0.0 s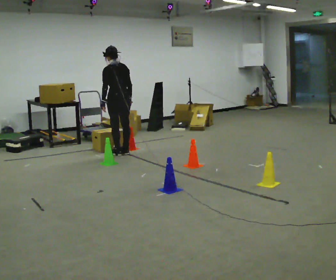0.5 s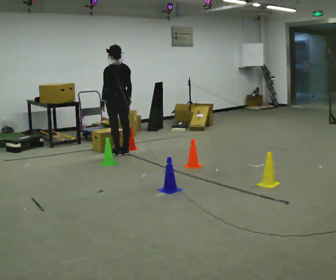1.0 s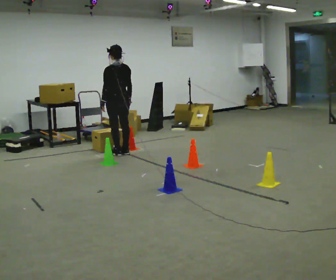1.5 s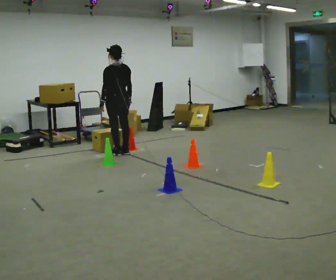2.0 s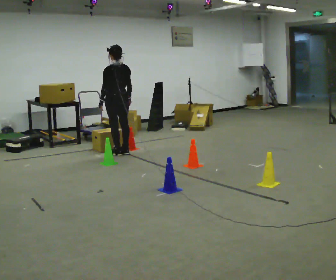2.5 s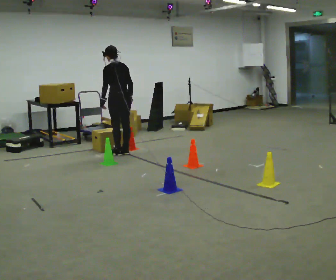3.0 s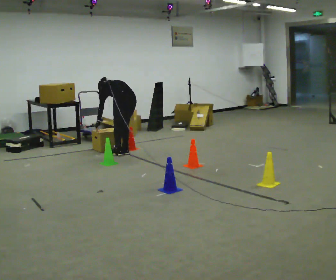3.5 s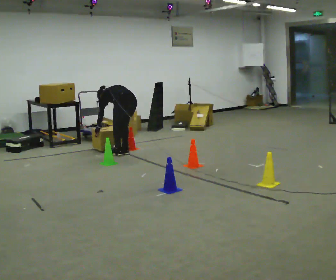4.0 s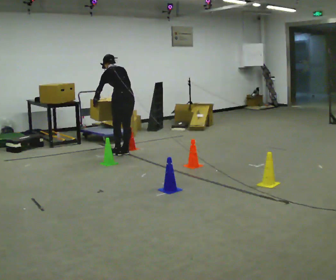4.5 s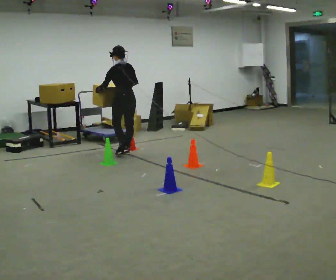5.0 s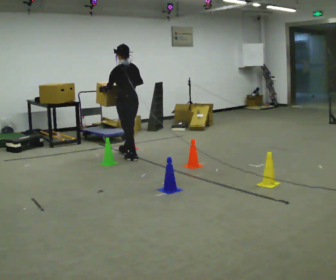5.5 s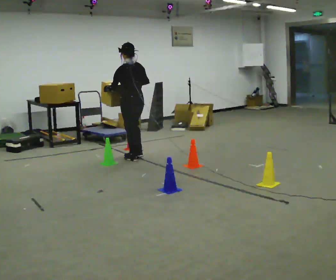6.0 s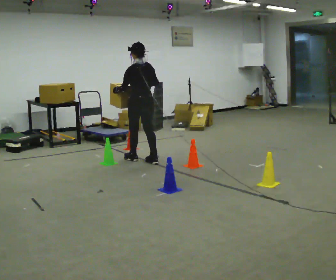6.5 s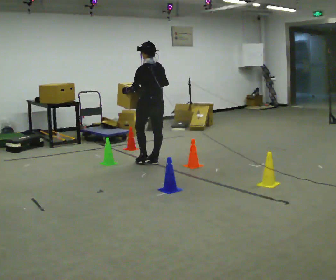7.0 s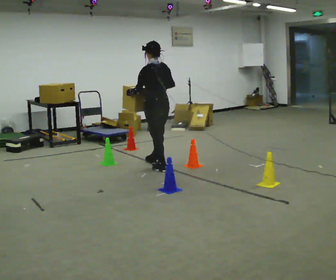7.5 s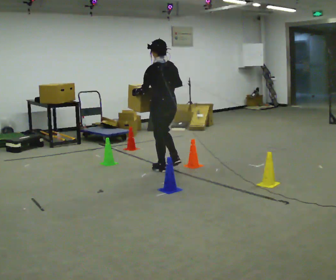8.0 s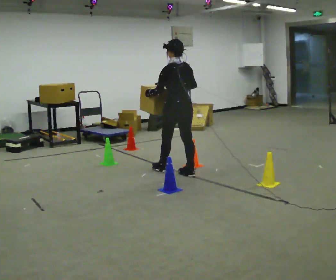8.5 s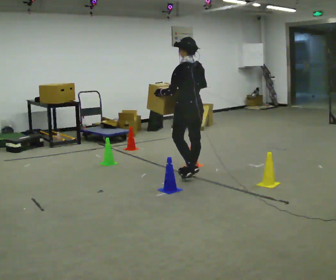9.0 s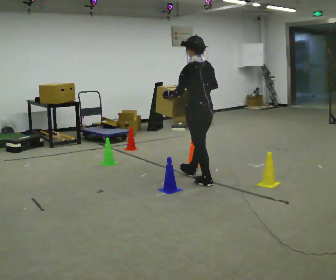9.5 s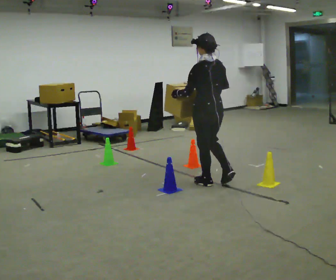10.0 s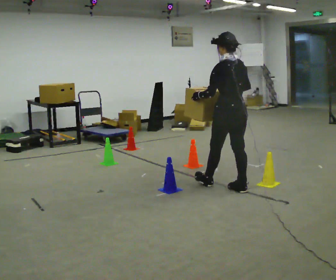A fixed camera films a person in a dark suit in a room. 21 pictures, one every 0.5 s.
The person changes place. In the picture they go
toward the camera.
0.0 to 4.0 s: The person moves a little, or ends about where they began.
4.0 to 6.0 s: In the picture they go toward the camera and to the right, about 0.5 m in 2 steps, which for them is backward. The upper body tips toward the camera, its near side rolling downward, as they lean back or straighten.
6.0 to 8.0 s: In the picture they go toward the camera and to the right, about 1 m in 2 steps, which for them is backward.
8.0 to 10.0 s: In the picture they go toward the camera and to the right, about 1 m in 2 steps, which for them is backward.
The film runs backward here.
